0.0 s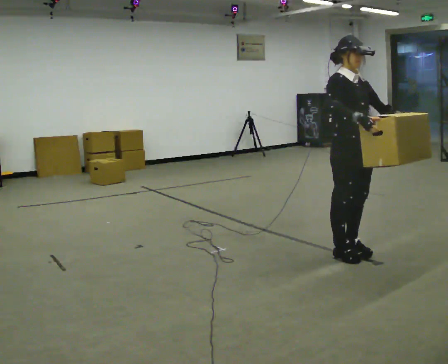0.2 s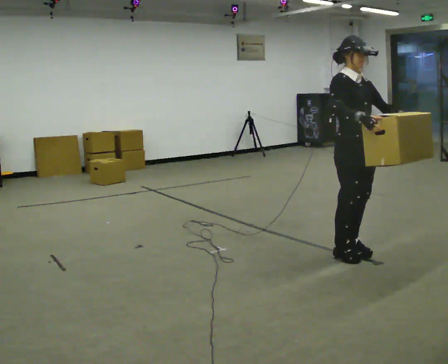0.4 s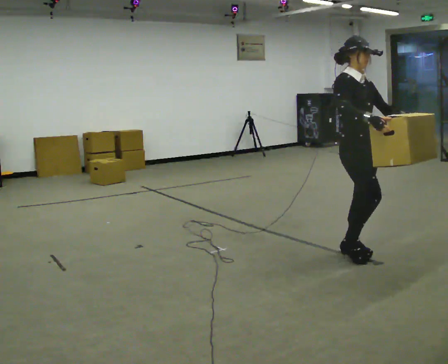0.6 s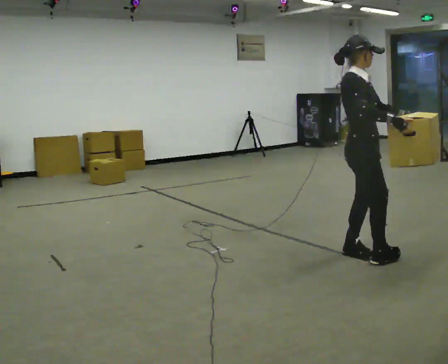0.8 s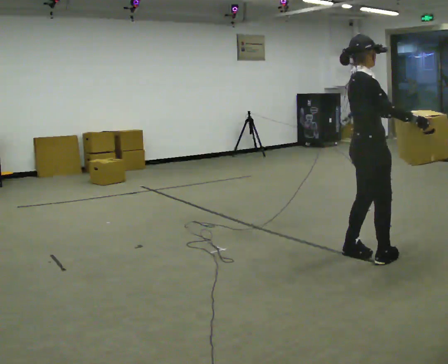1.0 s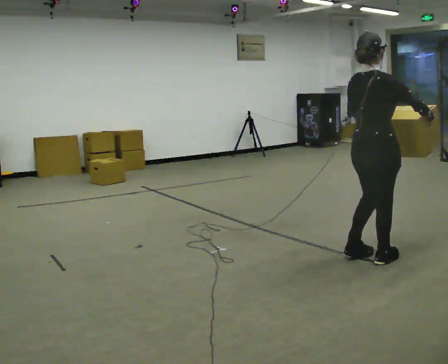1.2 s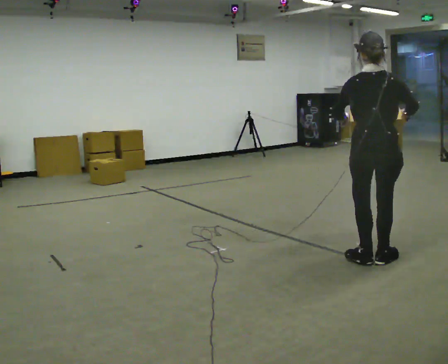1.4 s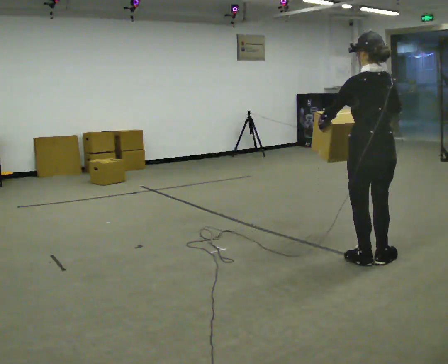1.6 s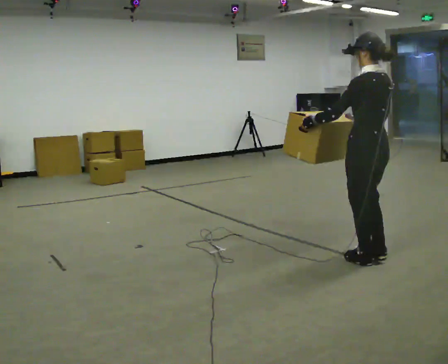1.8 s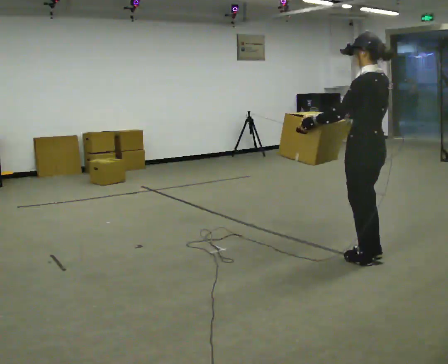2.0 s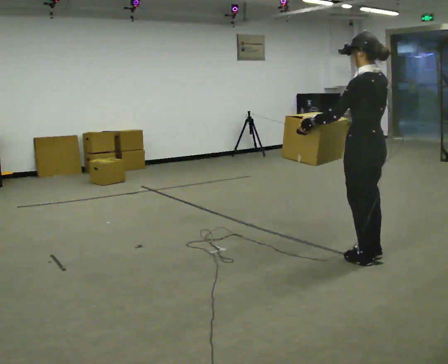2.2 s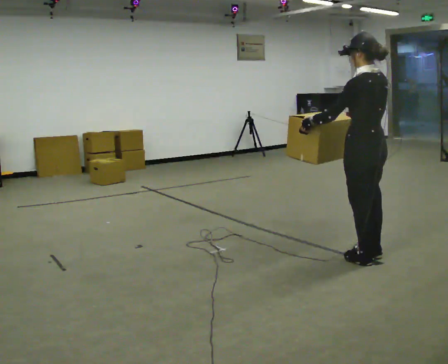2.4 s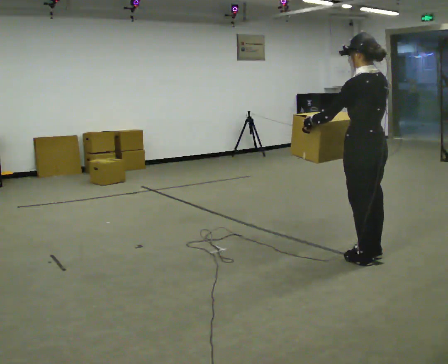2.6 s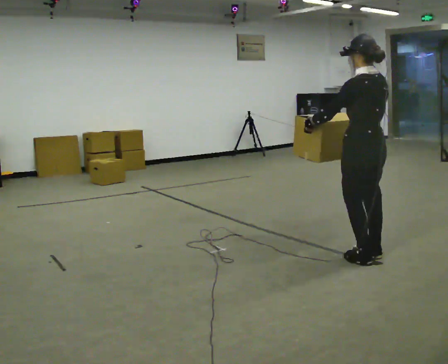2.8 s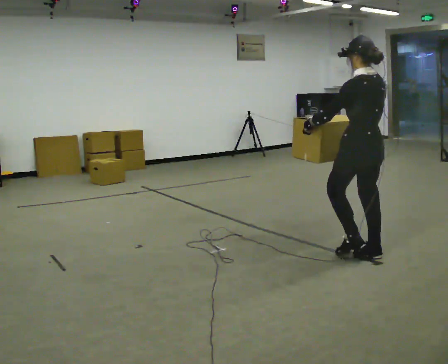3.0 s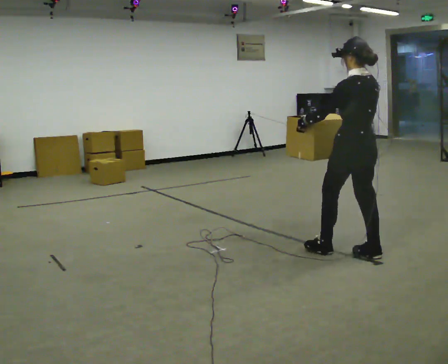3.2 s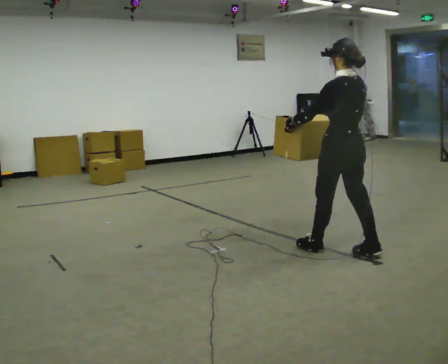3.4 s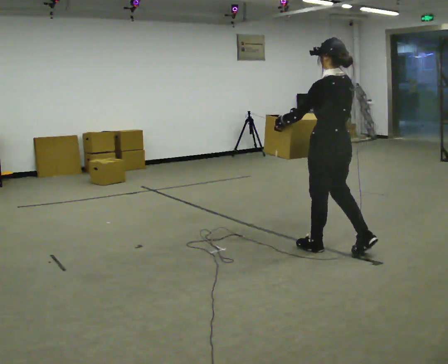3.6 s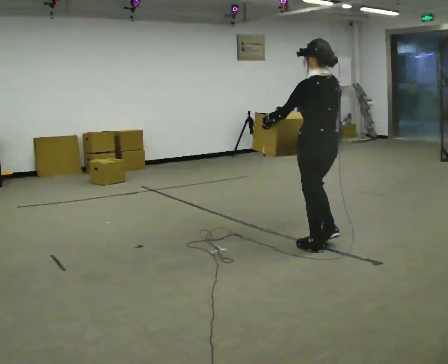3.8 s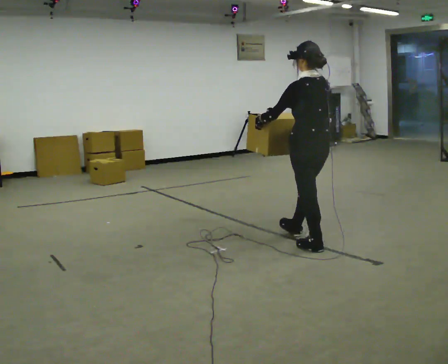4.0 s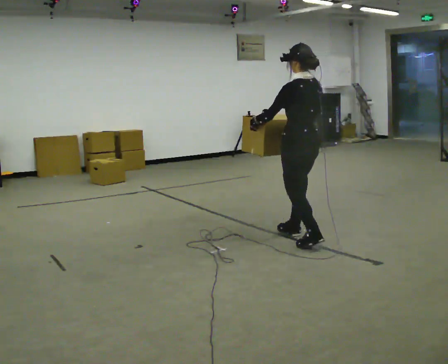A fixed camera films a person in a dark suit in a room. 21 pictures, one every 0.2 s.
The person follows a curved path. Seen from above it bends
counterclockwise.
The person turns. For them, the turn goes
to their left.
0.0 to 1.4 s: The part of the body nearest the lens slides to the right as the person turns to their left by about 165 degrees. In the picture they go to the right and toward the camera, about 0.25 m in 2 steps.
1.4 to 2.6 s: The person moves a little, or ends about where they began.
2.6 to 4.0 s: In the picture they go to the left and away from the camera, about 0.75 m in 2 steps, which for them is forward.
The film runs forward here.
